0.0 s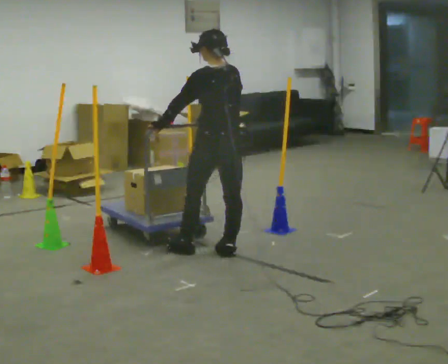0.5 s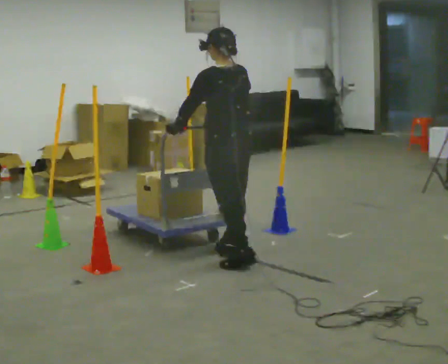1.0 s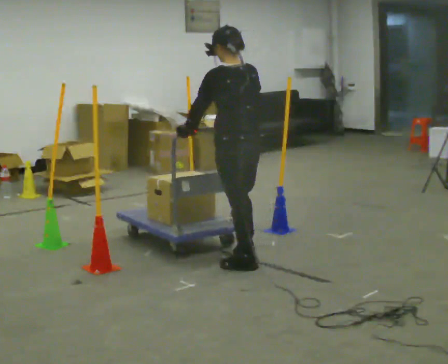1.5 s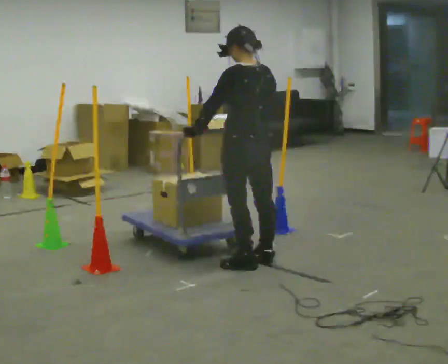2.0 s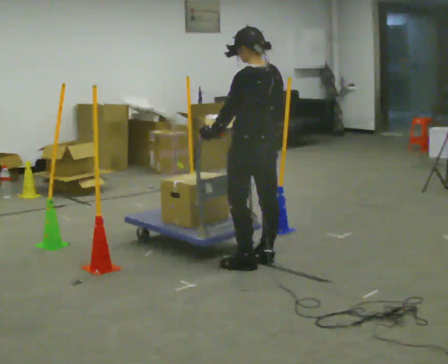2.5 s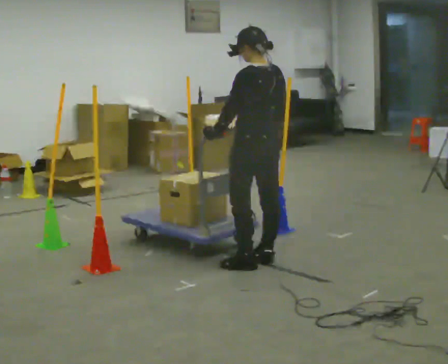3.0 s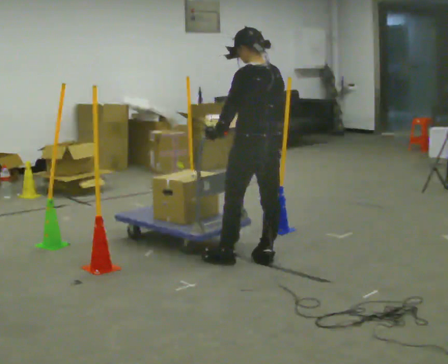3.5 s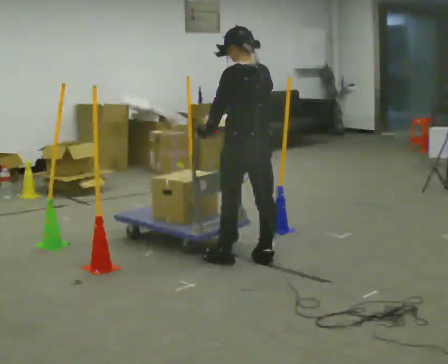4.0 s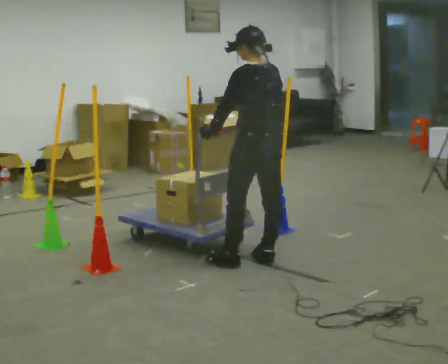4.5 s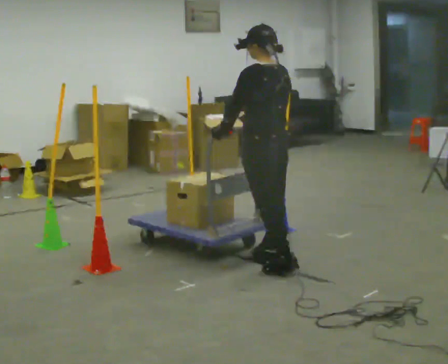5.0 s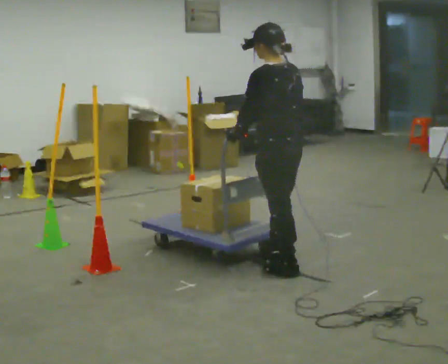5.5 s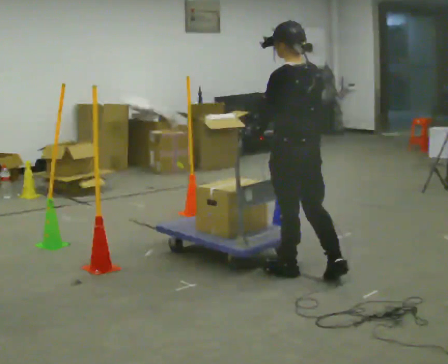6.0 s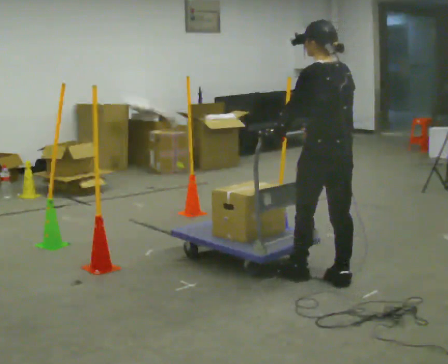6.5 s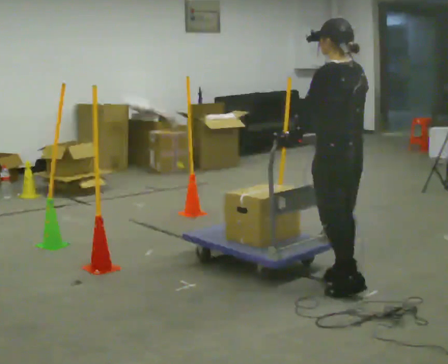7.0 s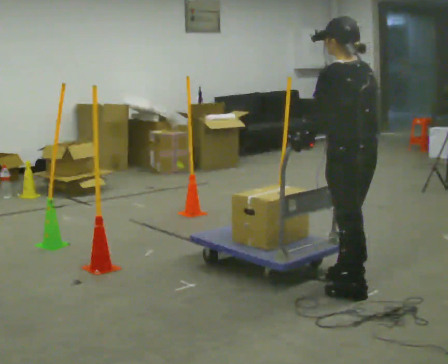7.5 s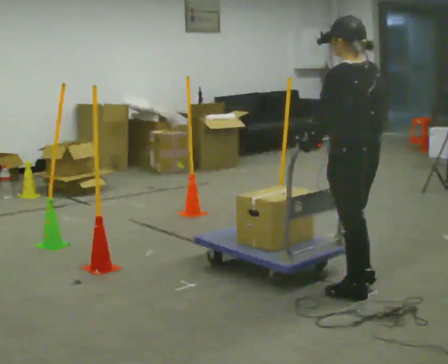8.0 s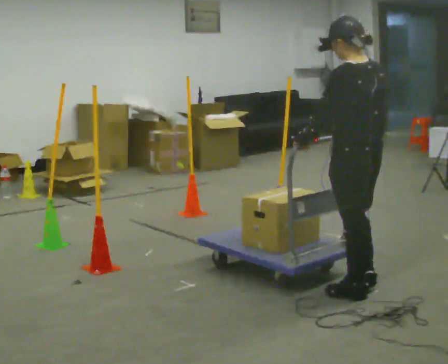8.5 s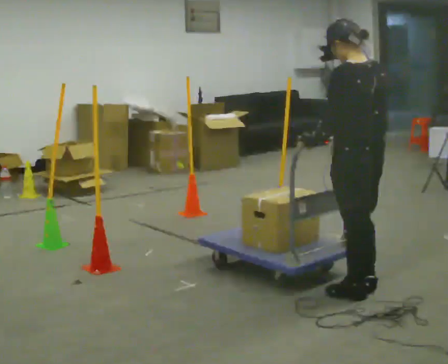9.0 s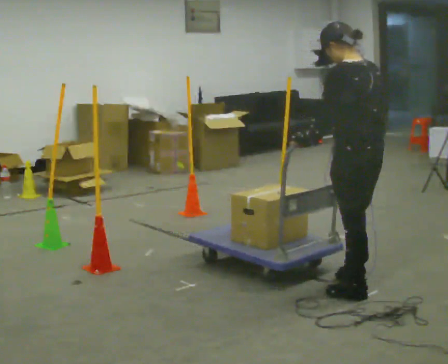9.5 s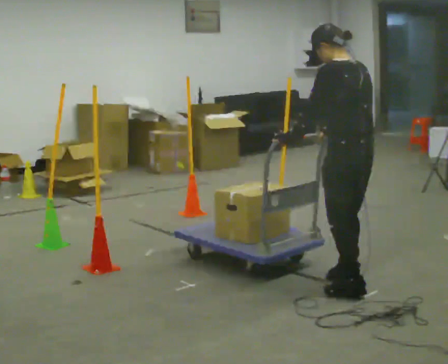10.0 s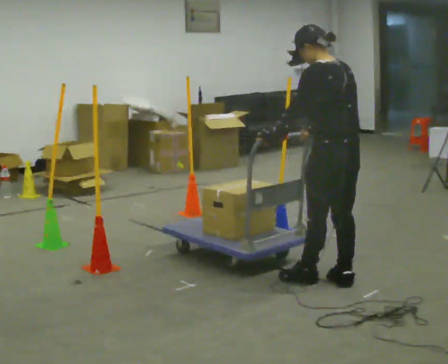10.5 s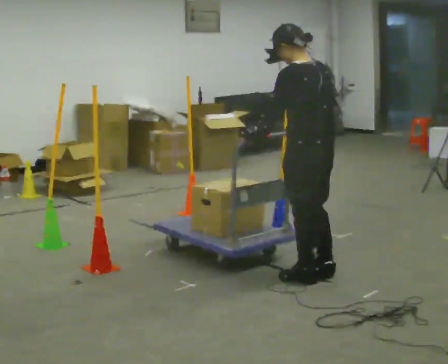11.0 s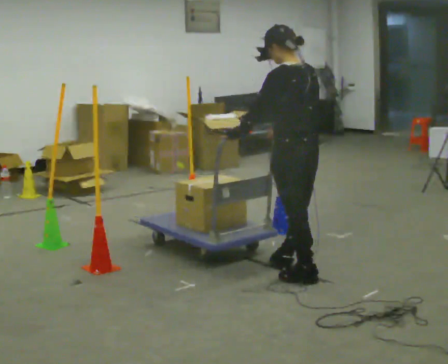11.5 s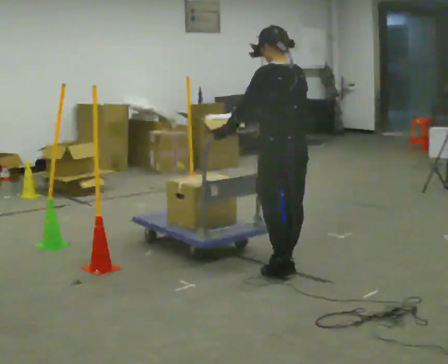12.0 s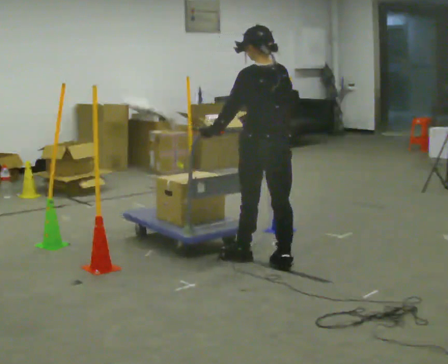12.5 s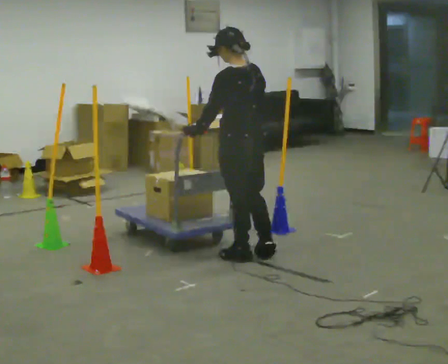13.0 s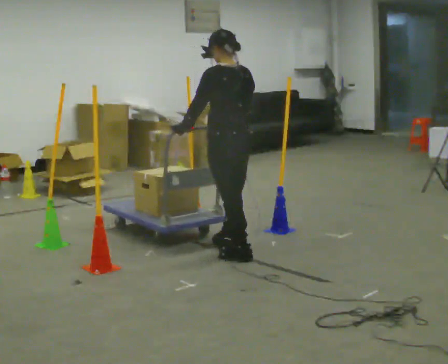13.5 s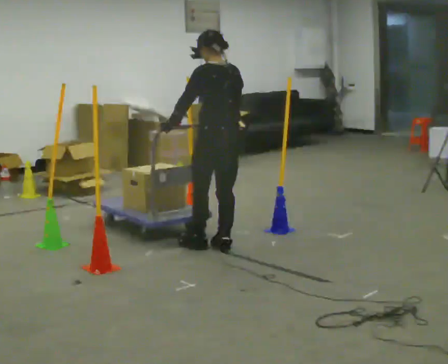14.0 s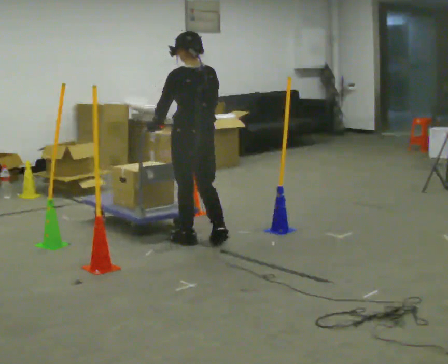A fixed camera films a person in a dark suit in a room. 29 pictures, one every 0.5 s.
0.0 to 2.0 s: In the picture they go to the right and toward the camera, about 0.25 m in 1 step, which for them is backward.
2.0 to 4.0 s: The person moves a little, or ends about where they began.
4.0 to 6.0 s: In the picture they go to the right and toward the camera, about 0.5 m in 2 steps, which for them is backward.
6.0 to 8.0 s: In the picture they go toward the camera, about 0.25 m in 1 step, which for them is backward.
8.0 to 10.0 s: In the picture they go away from the camera, about 0.25 m in 2 steps, which for them is forward.
10.0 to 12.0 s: In the picture they go to the left and away from the camera, about 0.5 m in 2 steps, which for them is forward.
12.0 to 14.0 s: In the picture they go to the left and away from the camera, about 0.75 m in 3 steps, which for them is forward.
The film runs backward here.
